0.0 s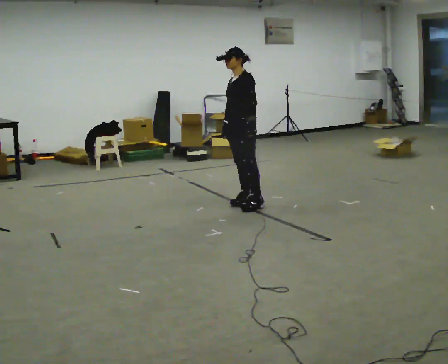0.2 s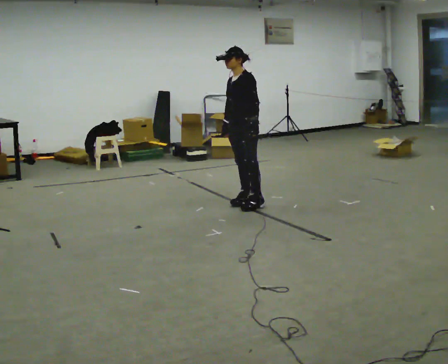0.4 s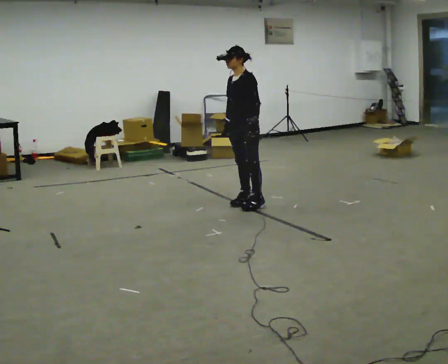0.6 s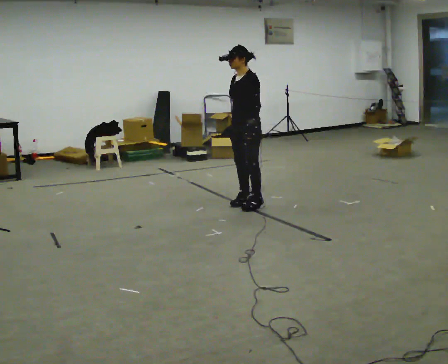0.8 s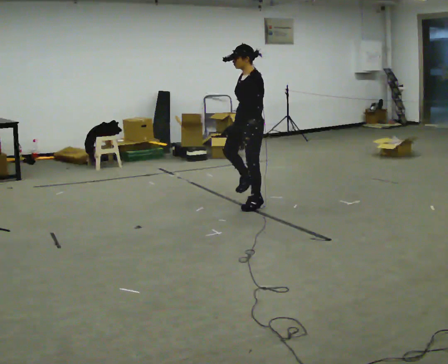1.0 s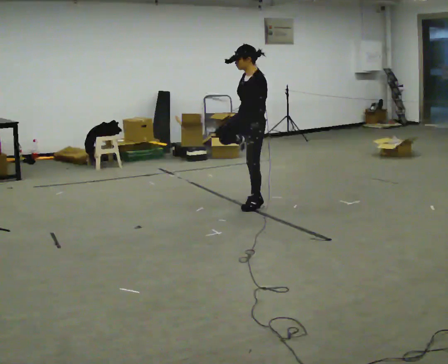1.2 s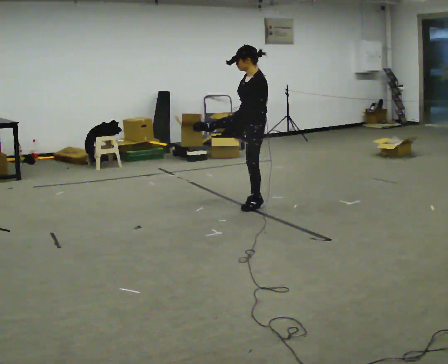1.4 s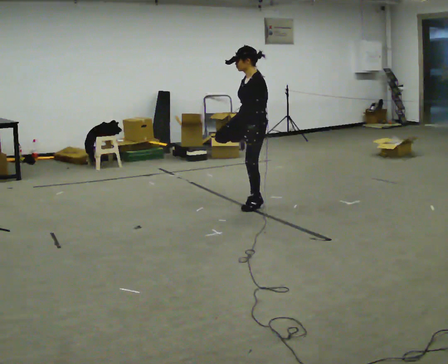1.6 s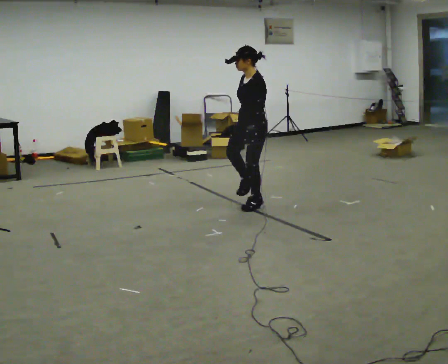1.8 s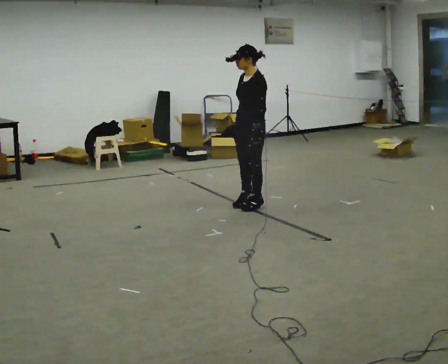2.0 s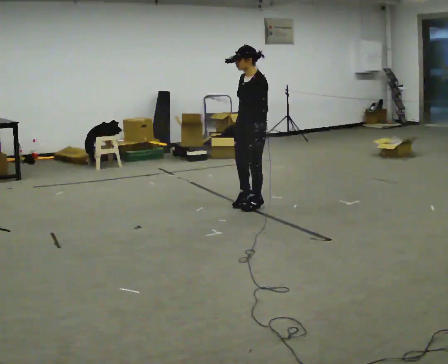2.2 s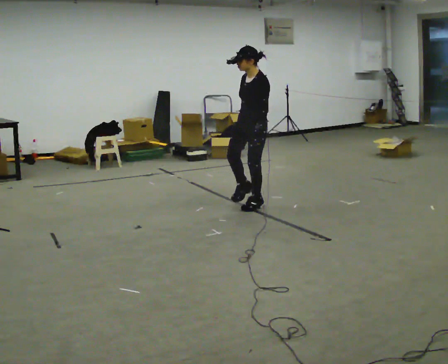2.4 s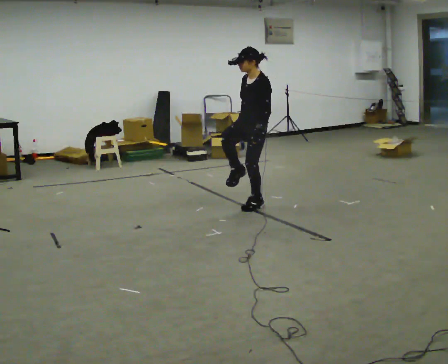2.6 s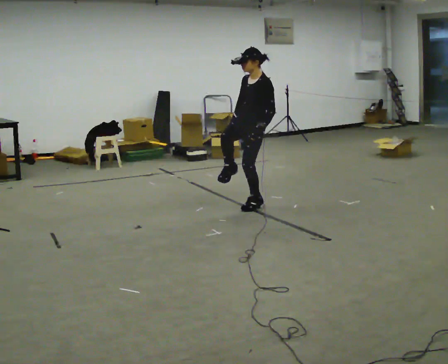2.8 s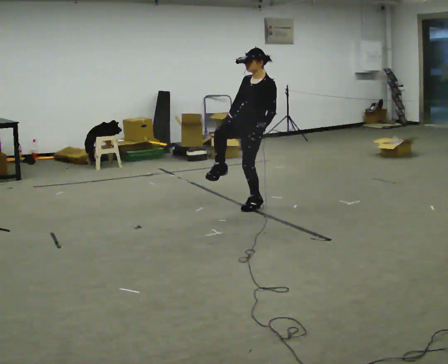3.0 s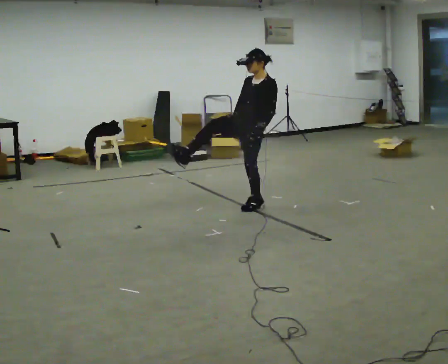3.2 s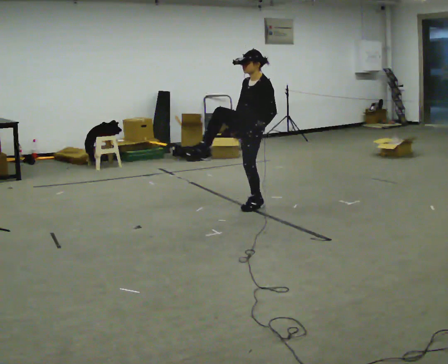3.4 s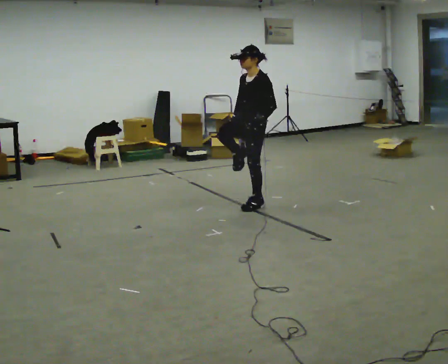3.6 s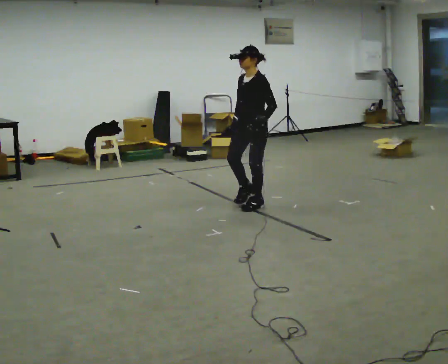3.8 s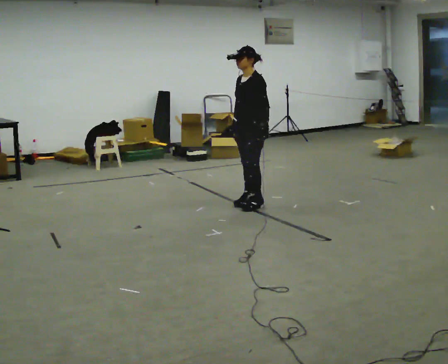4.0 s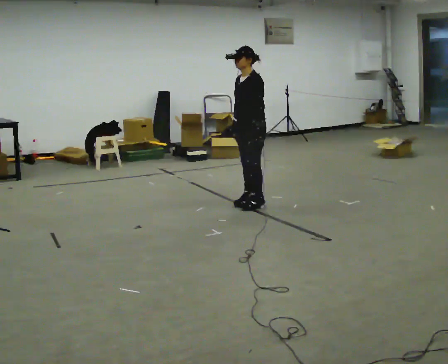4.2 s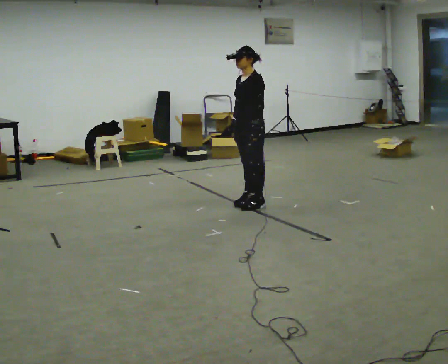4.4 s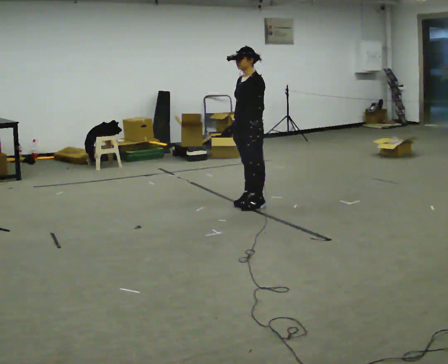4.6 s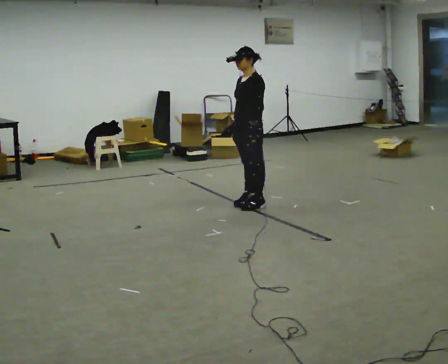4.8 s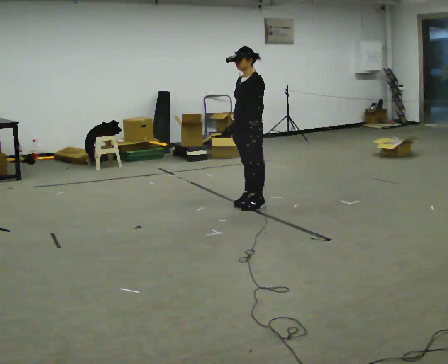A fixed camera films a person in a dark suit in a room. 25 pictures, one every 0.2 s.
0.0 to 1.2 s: The upper body tips toward the camera, its near side rolling downward.
1.2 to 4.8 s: The person moves a little, or ends about where they began.
The film runs backward here.
